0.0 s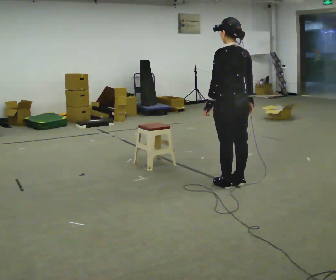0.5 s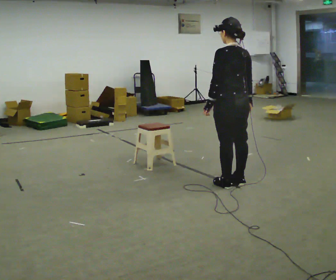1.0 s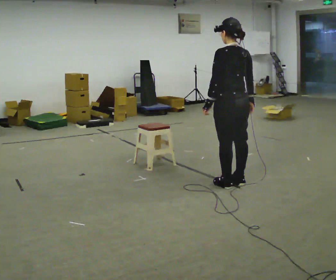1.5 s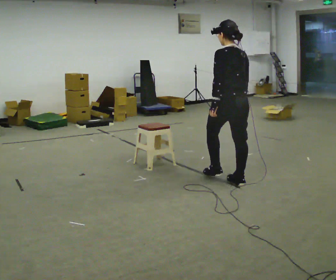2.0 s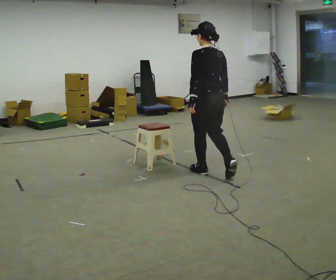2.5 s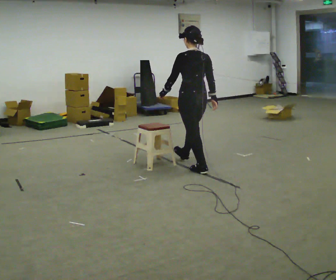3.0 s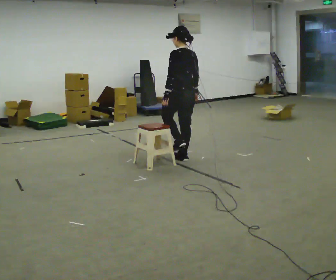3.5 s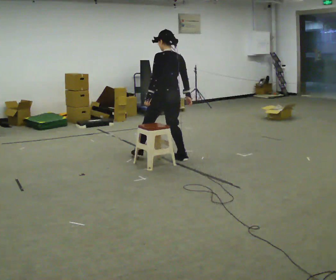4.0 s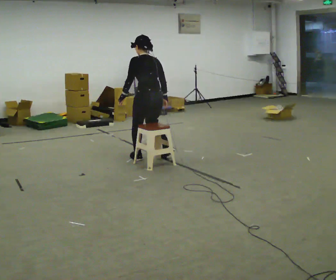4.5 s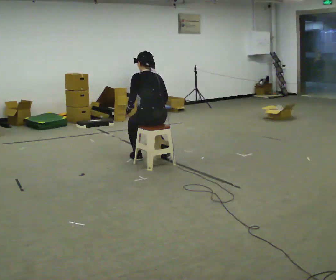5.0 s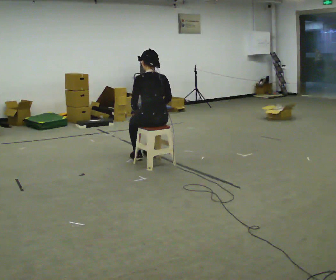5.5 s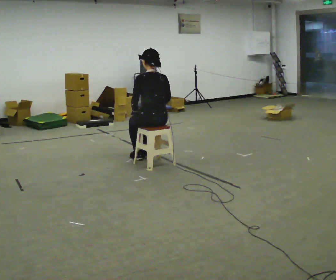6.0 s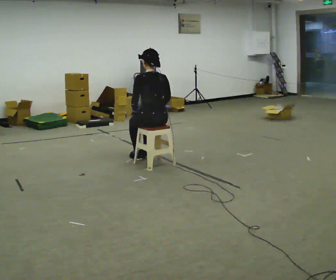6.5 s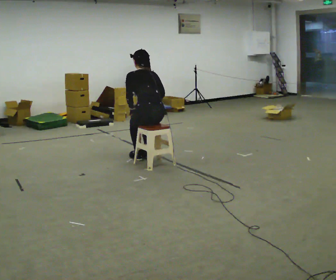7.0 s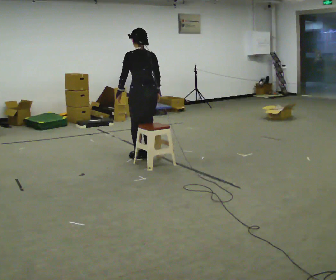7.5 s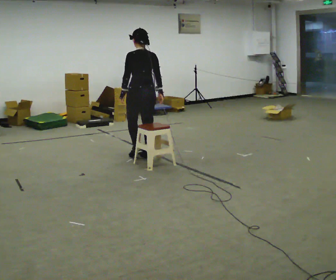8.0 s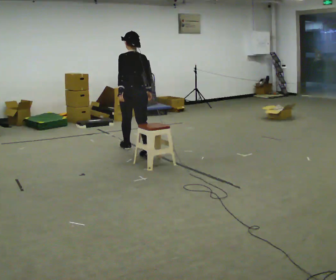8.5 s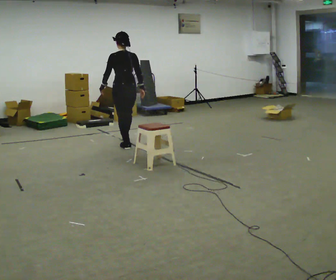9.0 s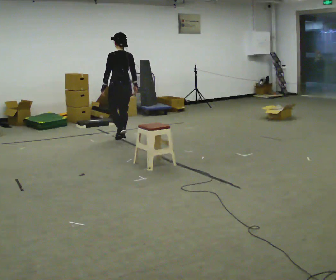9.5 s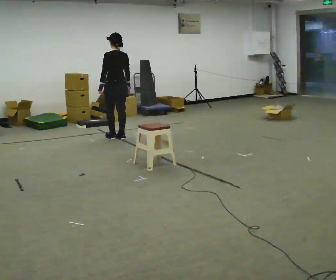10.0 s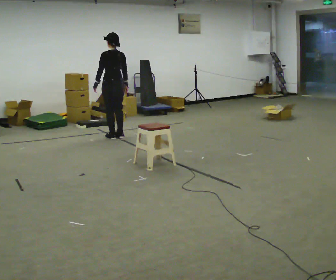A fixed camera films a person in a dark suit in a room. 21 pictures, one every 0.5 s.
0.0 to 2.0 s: In the picture they go away from the camera and to the left, about 0.5 m in 1 step, which for them is forward.
2.0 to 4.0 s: In the picture they go to the left and away from the camera, about 1 m in 3 steps, which for them is forward.
4.0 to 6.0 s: The upper body goes downward.
6.0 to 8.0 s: In the picture they go away from the camera and to the left, about 0.75 m in 1 step, which for them is forward. The shoulders move upward.
8.0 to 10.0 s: In the picture they go away from the camera and to the left, about 1 m in 2 steps, which for them is forward.
The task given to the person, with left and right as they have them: Walk to chair; sit ~2 s; stand; walk away.
The film runs forward here.
